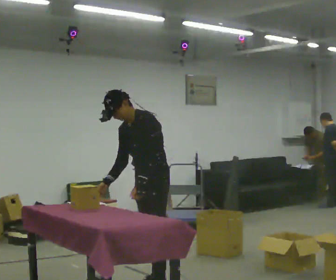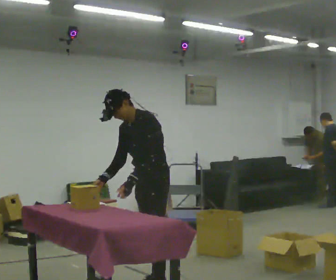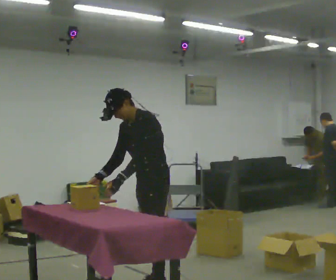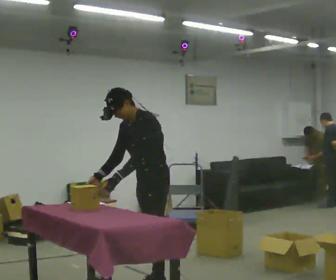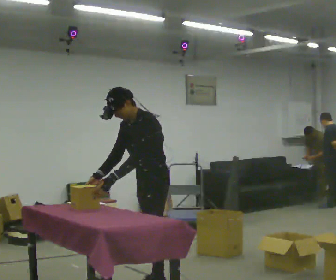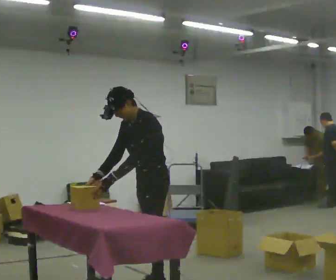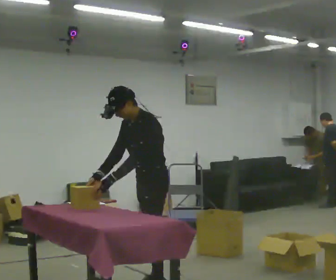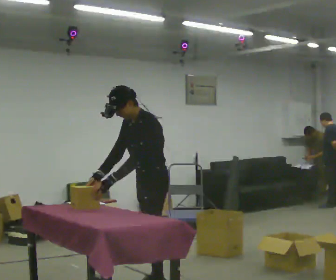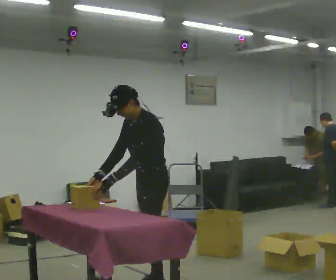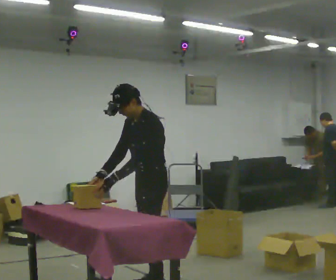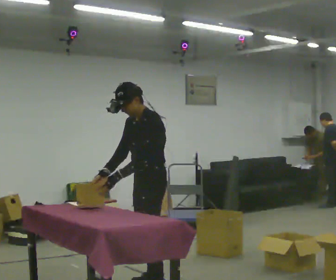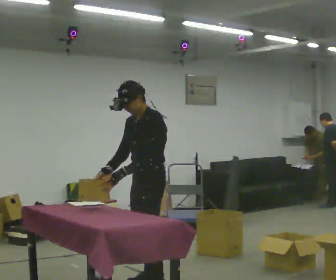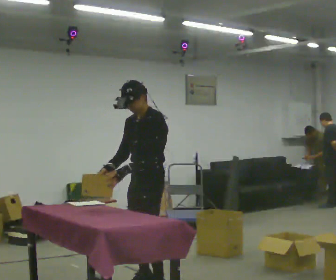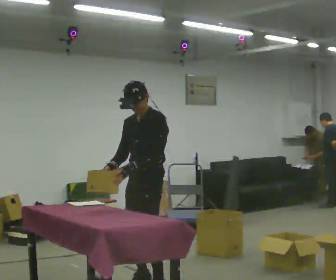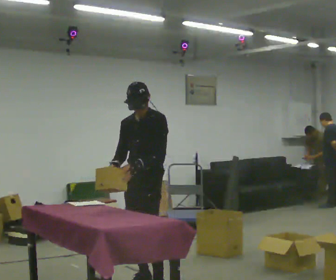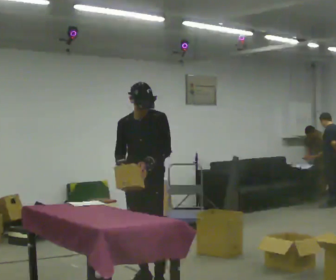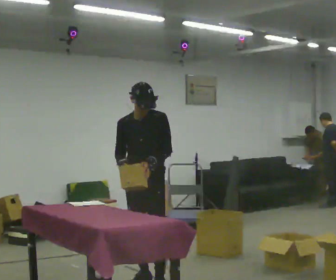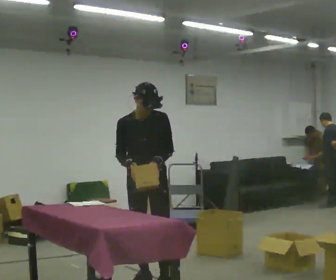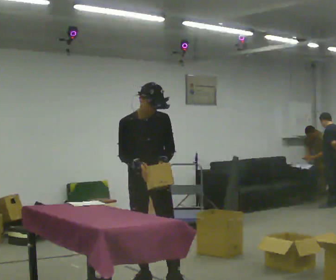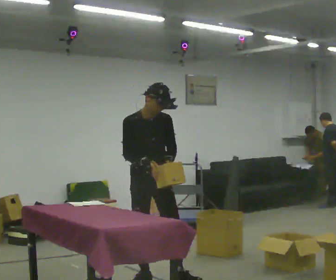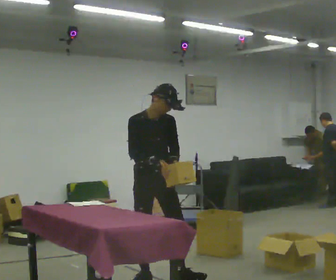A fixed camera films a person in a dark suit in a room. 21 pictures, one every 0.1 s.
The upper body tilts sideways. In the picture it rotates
clockwise.
0.0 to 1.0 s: The person moves a little, or ends about where they began.
1.0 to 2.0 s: The person turns about 90 degrees to their left, counterclockwise seen from above, so the part of the body nearest the lens slides to the right. In the picture they go away from the camera, about 0.25 m in 1 step.
The film runs forward here.
